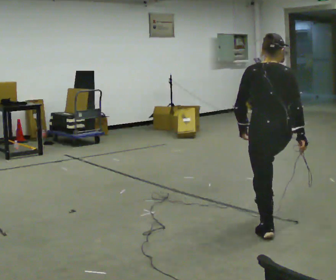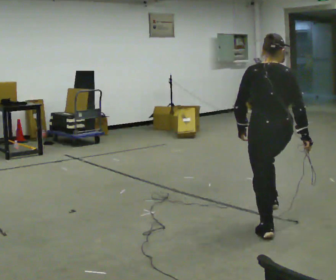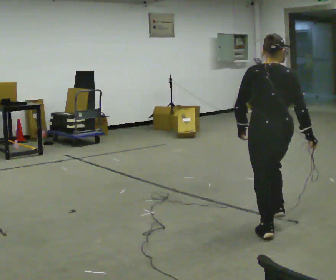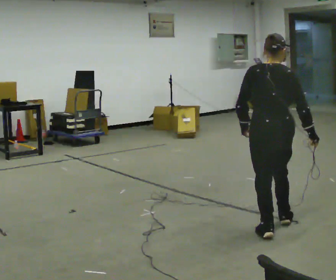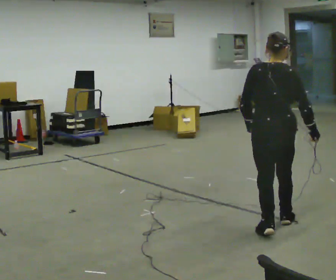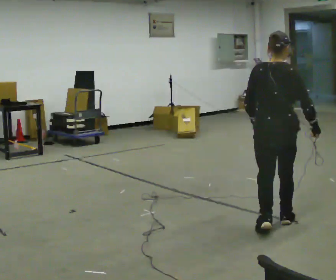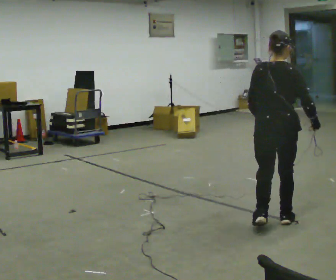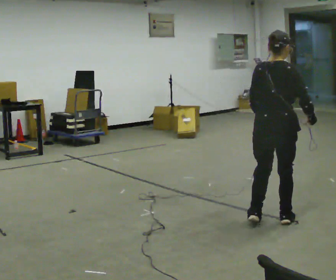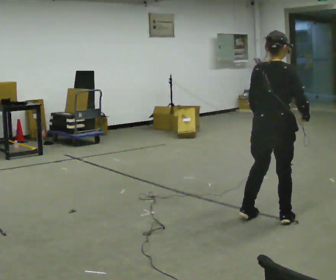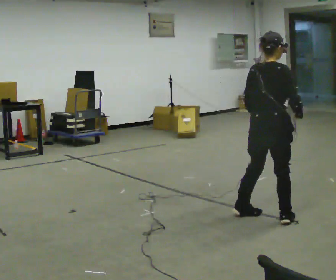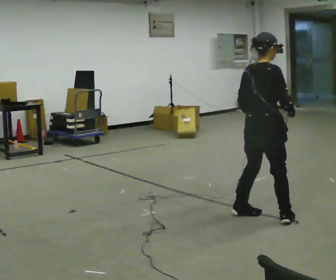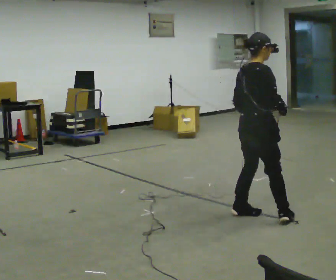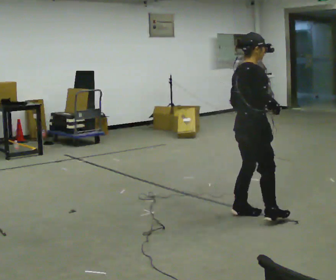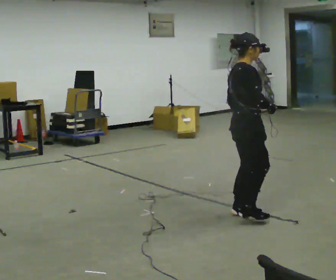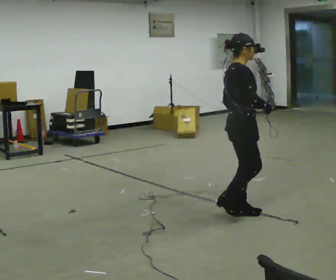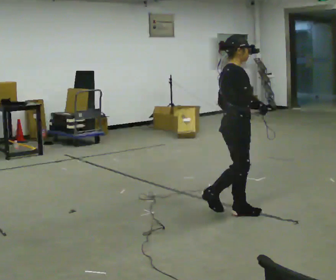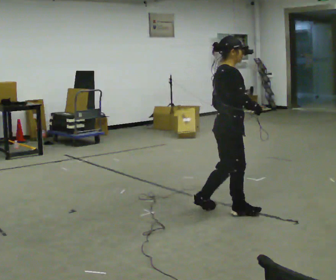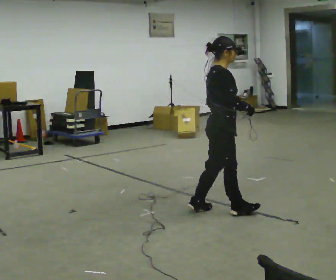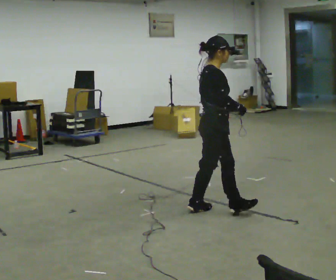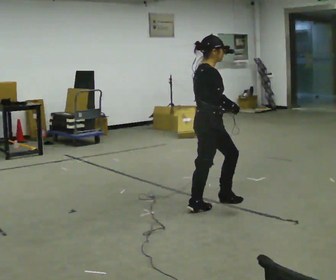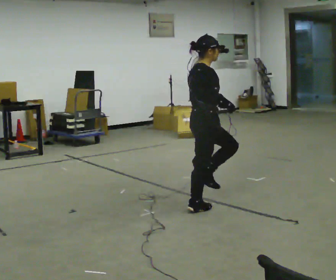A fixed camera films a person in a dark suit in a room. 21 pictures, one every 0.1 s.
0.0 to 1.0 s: The person turns about 45 degrees to their right, clockwise seen from above, so the part of the body nearest the lens slides to the left. In the picture they go away from the camera, about 0.25 m in 1 step, which for them is forward.
1.0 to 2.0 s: The person turns about 45 degrees to their right, clockwise seen from above, so the part of the body nearest the lens slides to the left. In the picture they go to the left and away from the camera, about 0.5 m in 2 steps, which for them is backward and to their left.
The film runs backward here.
